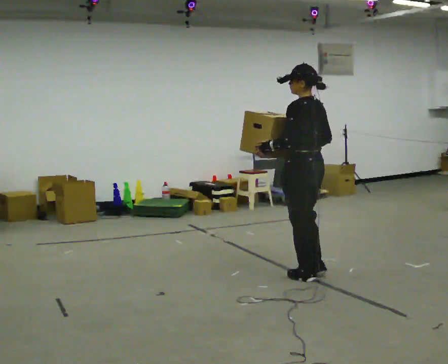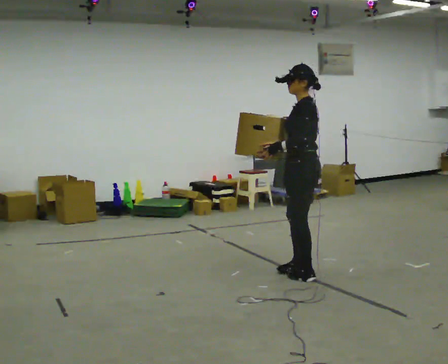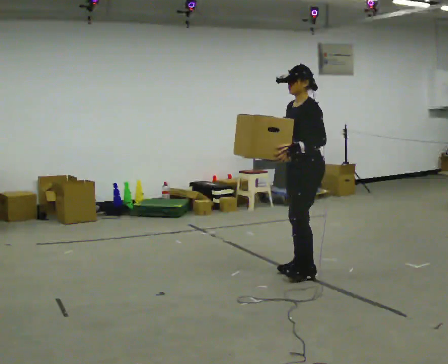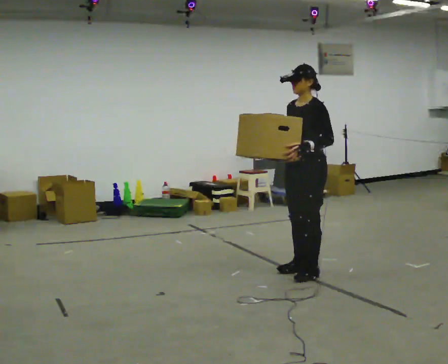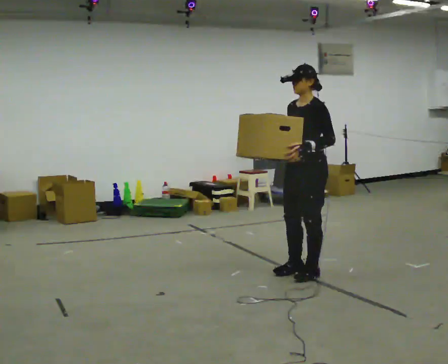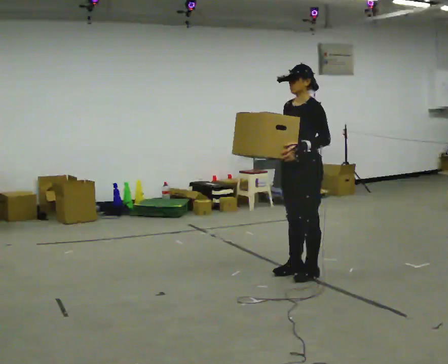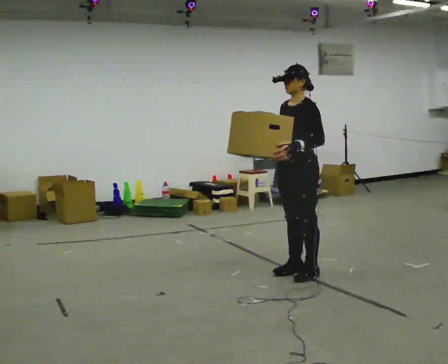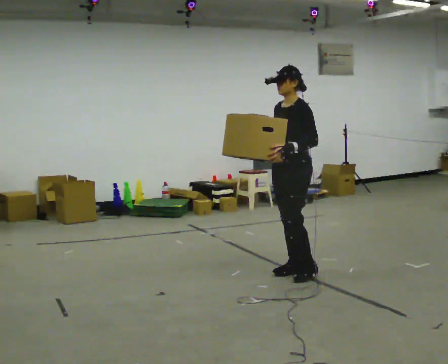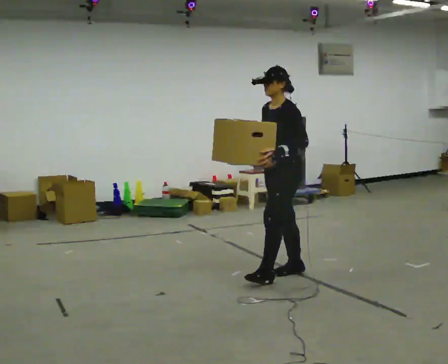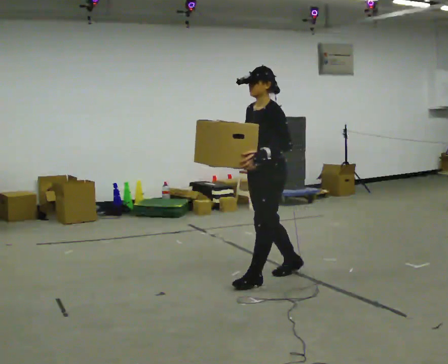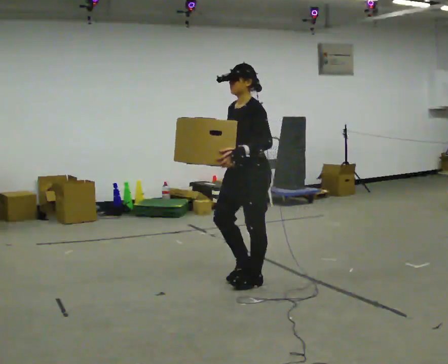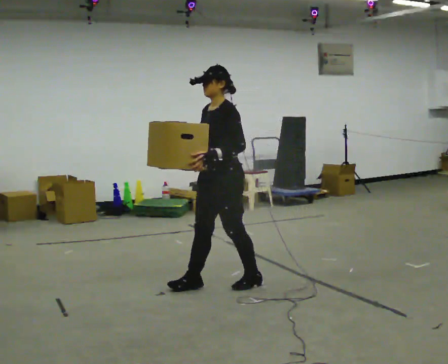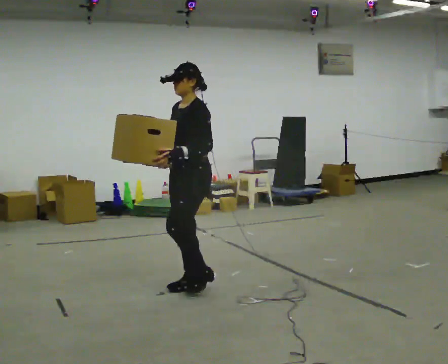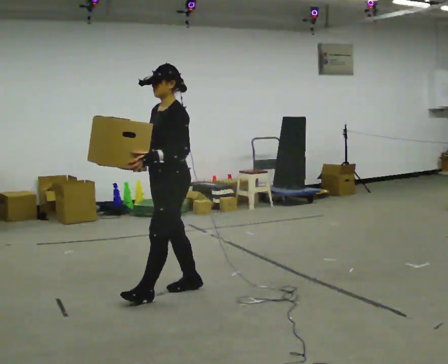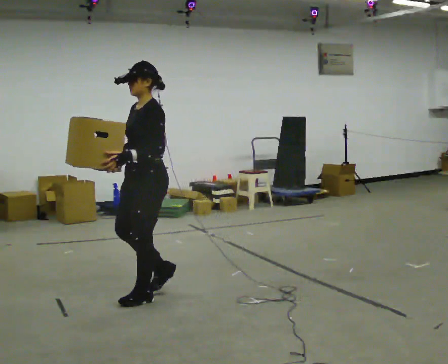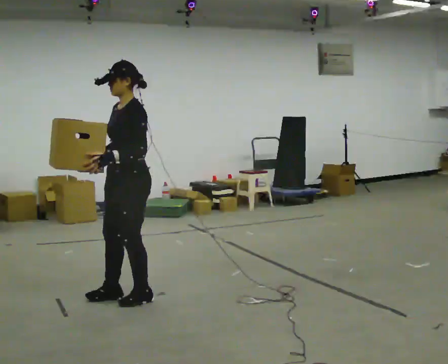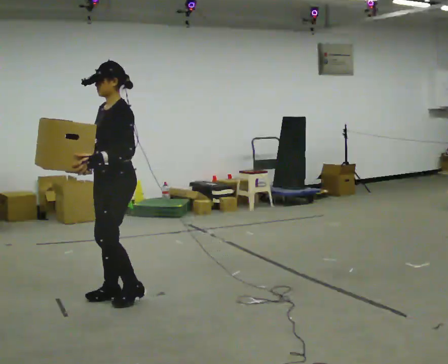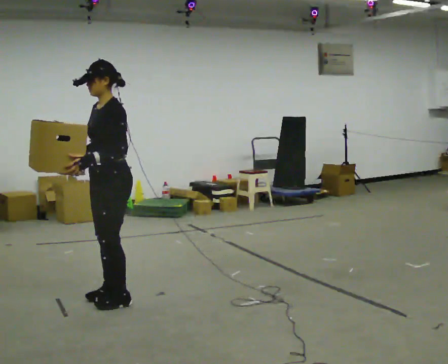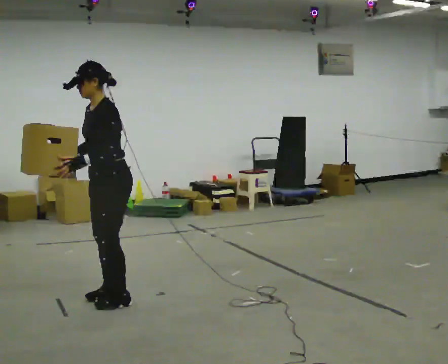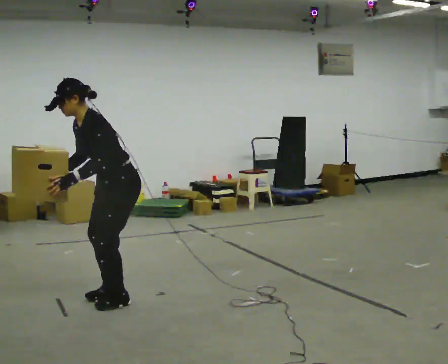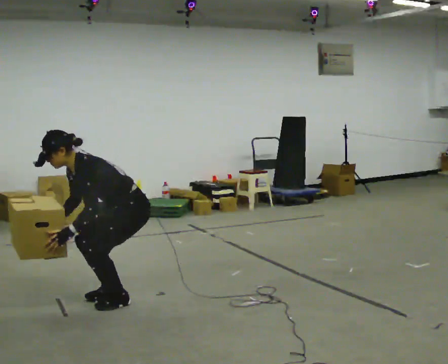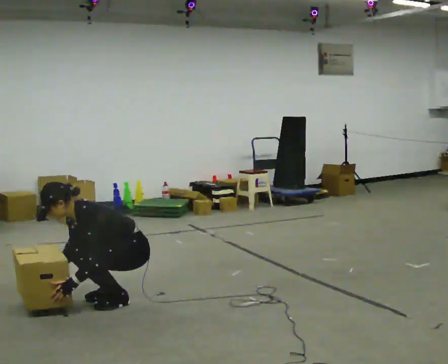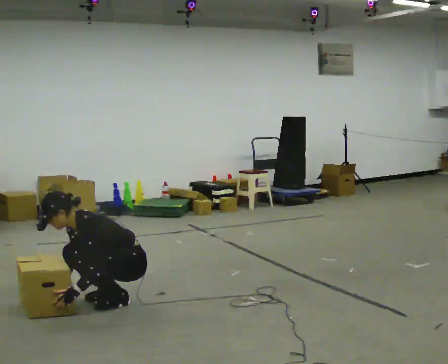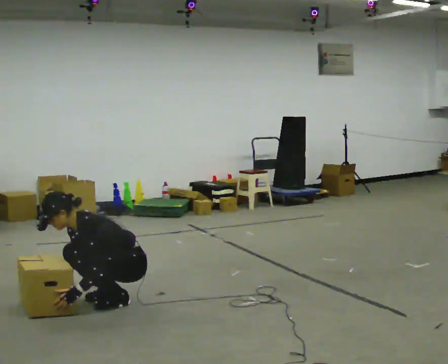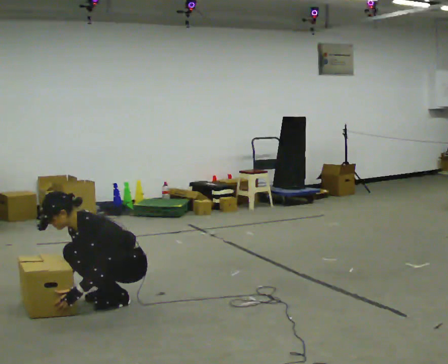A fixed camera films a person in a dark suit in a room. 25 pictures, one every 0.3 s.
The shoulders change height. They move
downward.
Their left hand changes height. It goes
downward.
0.0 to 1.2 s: Seen from above the body turns counterclockwise, about 60 degrees: to their left, with its near side sliding to the right.
1.2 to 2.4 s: In the picture they go to the left, about 0.25 m, which for them is forward.
2.4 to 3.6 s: In the picture they go to the left and toward the camera, about 0.5 m in 2 steps, which for them is forward.
3.6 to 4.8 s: In the picture they go to the left and toward the camera, about 0.5 m in 2 steps, which for them is forward.
4.8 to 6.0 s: The shoulders move downward. In the picture the upper body tilts counterclockwise, shoulders to the left, as they bend forward. In the picture their right hand goes downward.
6.0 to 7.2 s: The shoulders move downward. In the picture their right hand goes downward.
The film runs forward here.
